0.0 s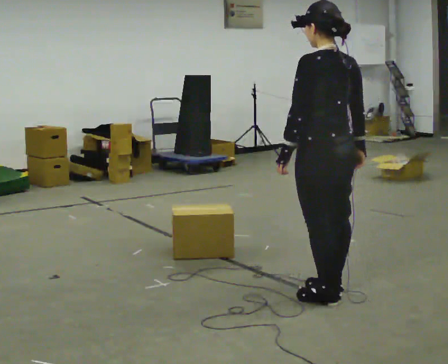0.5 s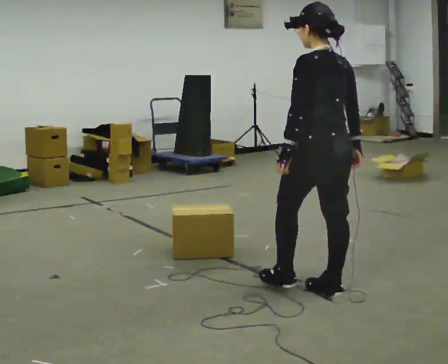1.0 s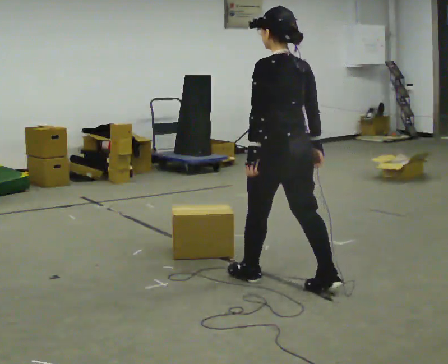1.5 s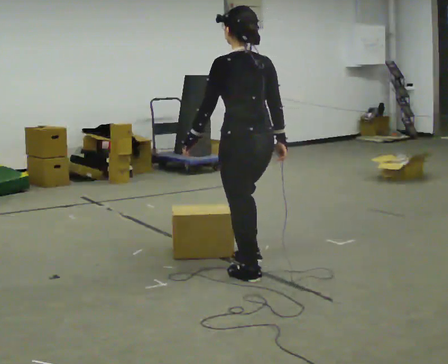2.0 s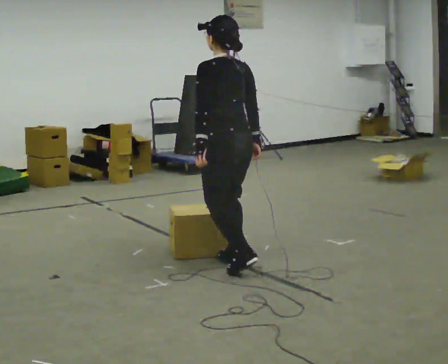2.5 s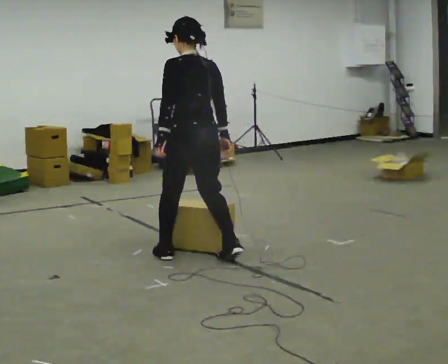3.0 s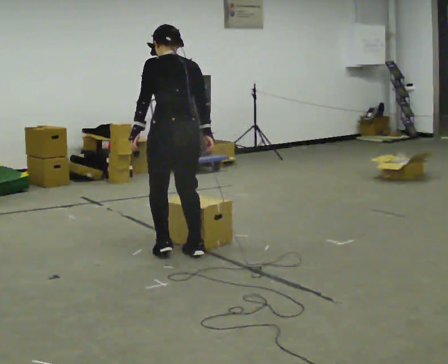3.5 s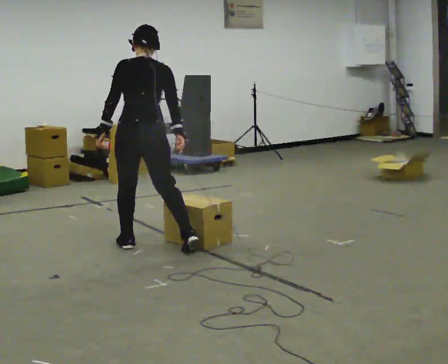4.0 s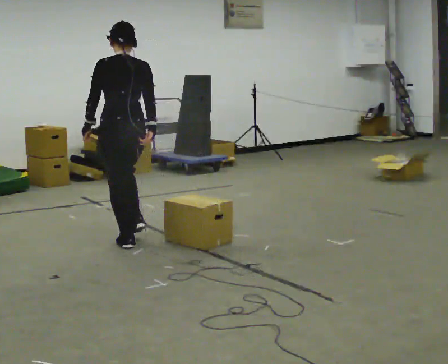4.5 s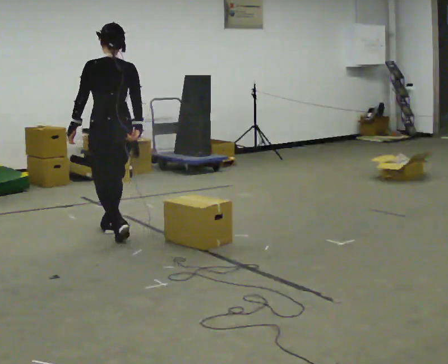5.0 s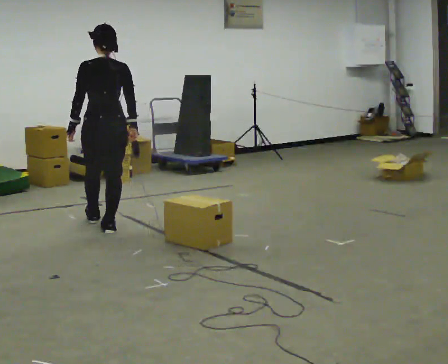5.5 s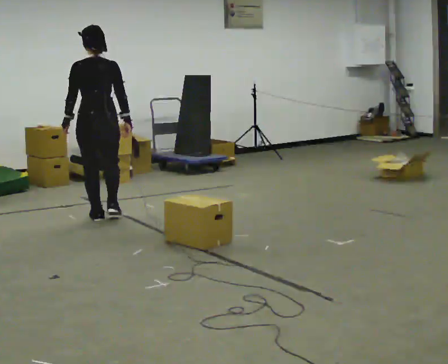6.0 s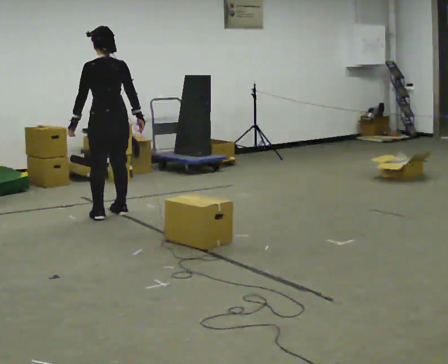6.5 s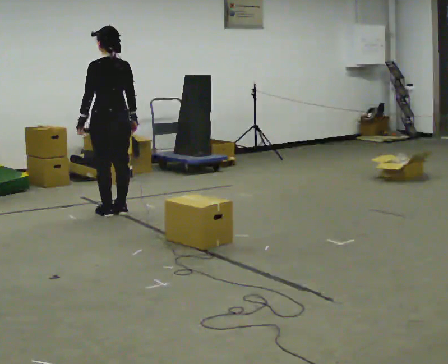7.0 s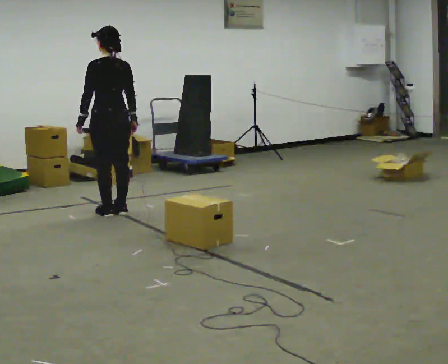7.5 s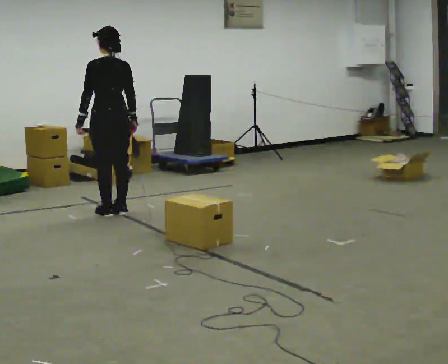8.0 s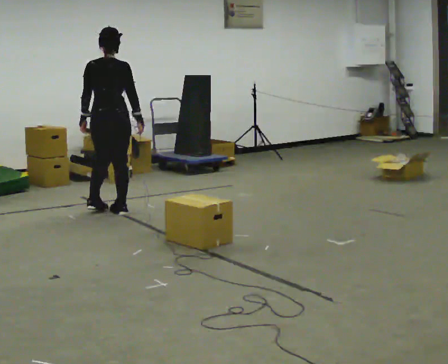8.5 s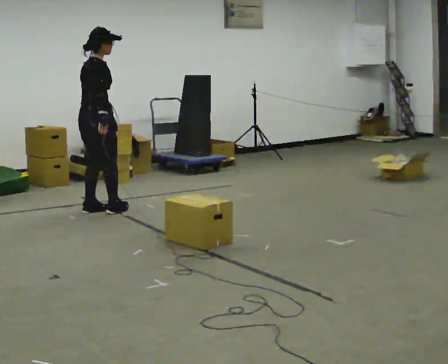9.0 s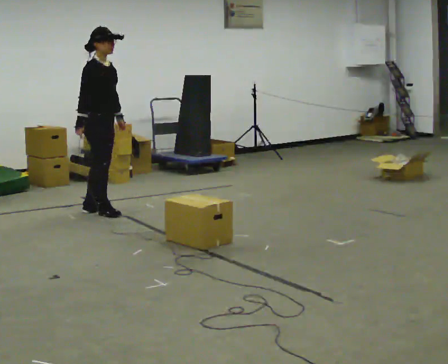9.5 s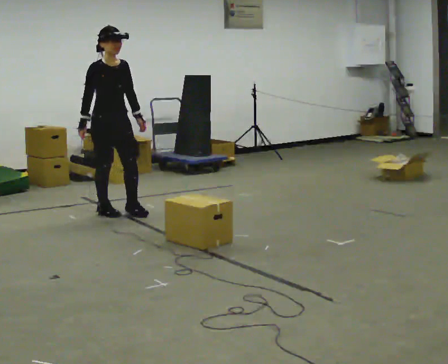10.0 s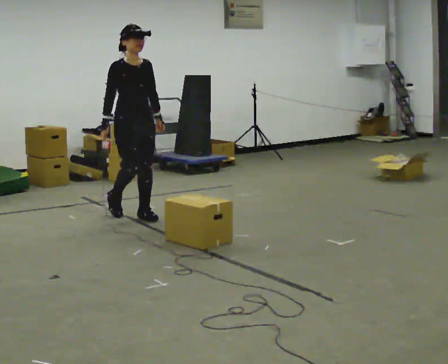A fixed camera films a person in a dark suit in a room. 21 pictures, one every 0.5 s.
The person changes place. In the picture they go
away from the camera.
0.0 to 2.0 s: In the picture they go away from the camera and to the left, about 1 m in 2 steps, which for them is forward.
2.0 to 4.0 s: In the picture they go to the left and away from the camera, about 1 m in 3 steps, which for them is forward and to their left.
4.0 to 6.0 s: In the picture they go away from the camera, about 1 m in 3 steps, which for them is forward.
6.0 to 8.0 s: The person turns about 30 degrees to their right, clockwise seen from above, so the part of the body nearest the lens slides to the left.
8.0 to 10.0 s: The person turns about 135 degrees to their right, clockwise seen from above, so the part of the body nearest the lens slides to the left. In the picture they go to the right and toward the camera, about 0.25 m in 2 steps.
The film runs forward here.
